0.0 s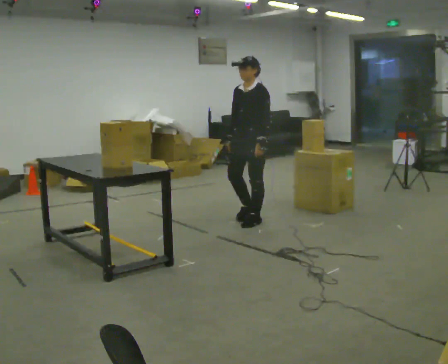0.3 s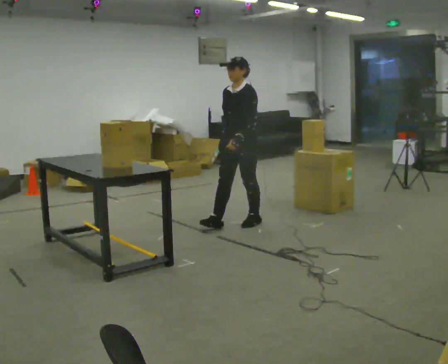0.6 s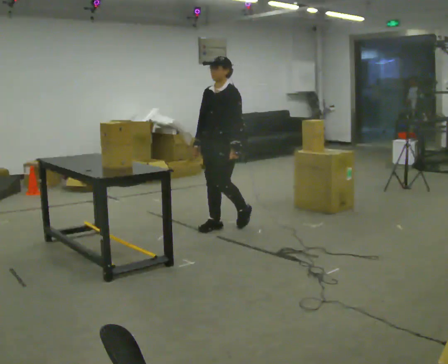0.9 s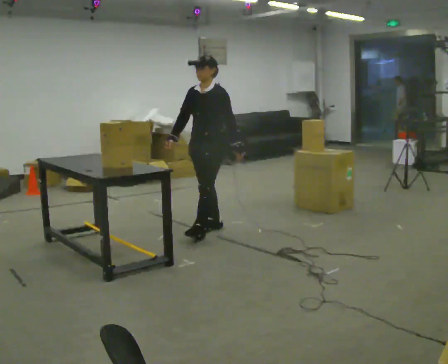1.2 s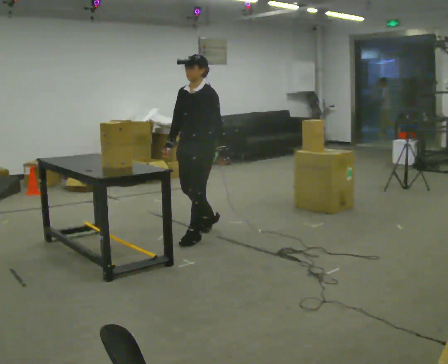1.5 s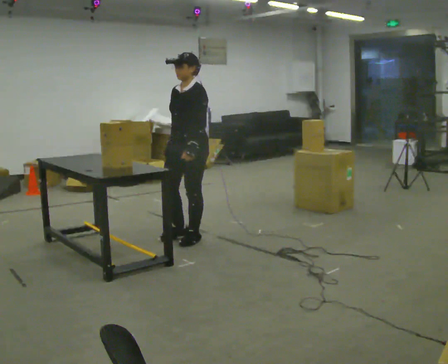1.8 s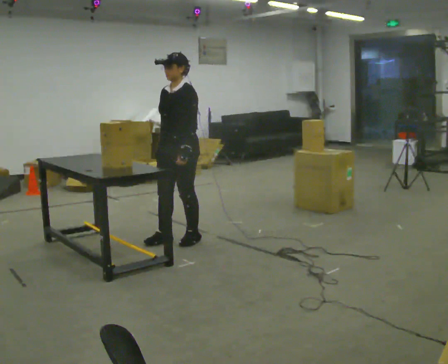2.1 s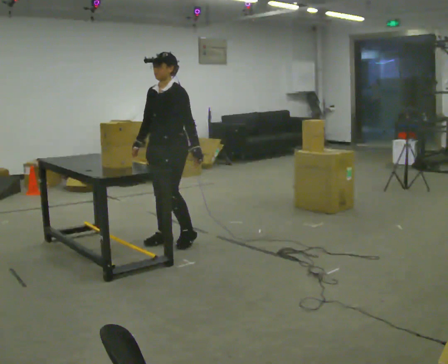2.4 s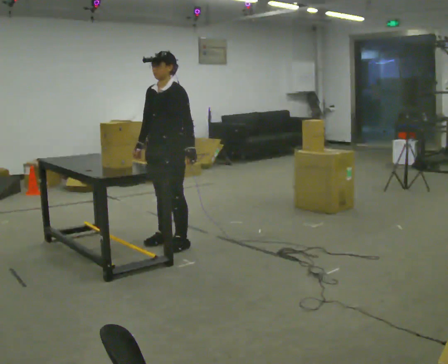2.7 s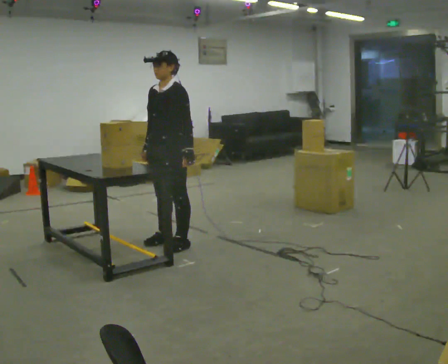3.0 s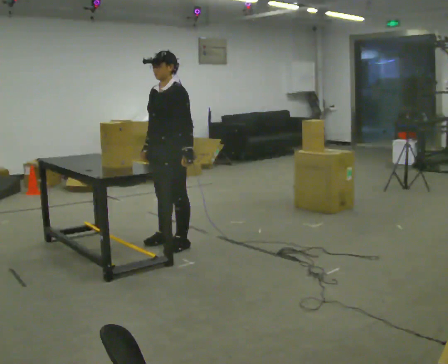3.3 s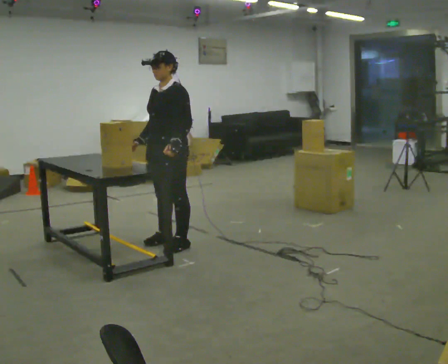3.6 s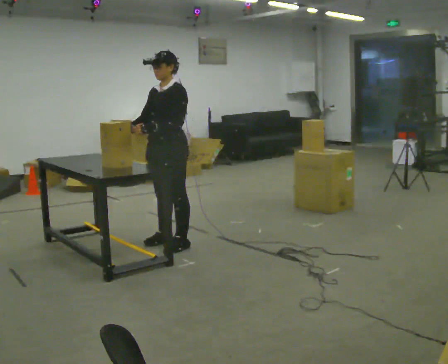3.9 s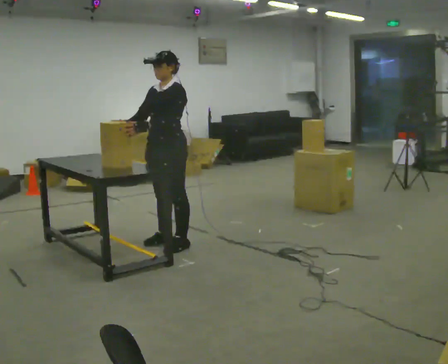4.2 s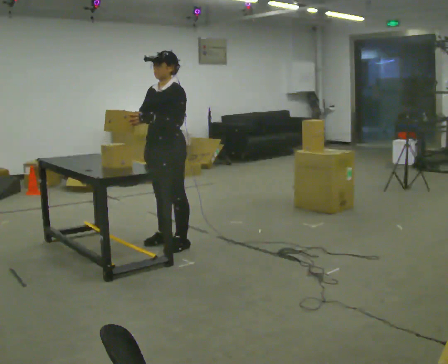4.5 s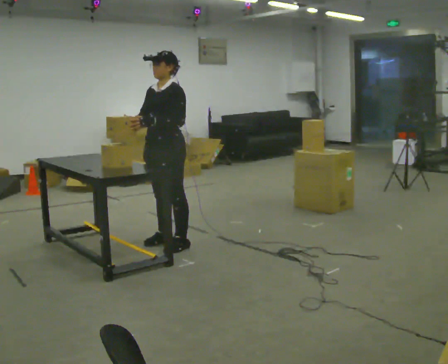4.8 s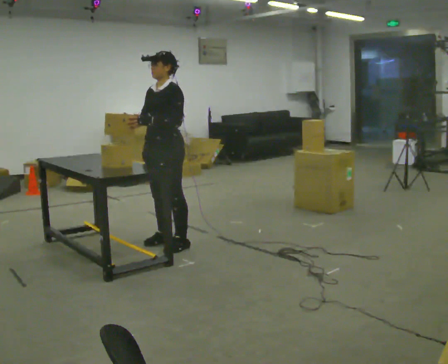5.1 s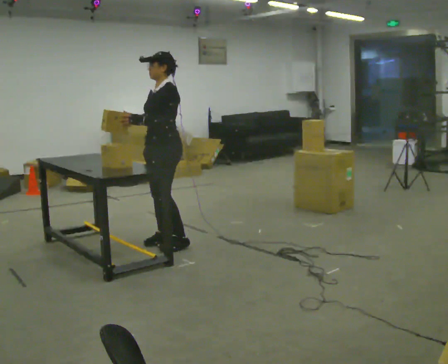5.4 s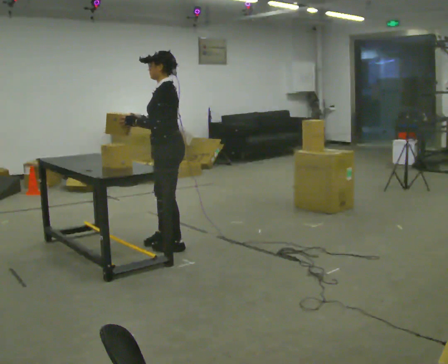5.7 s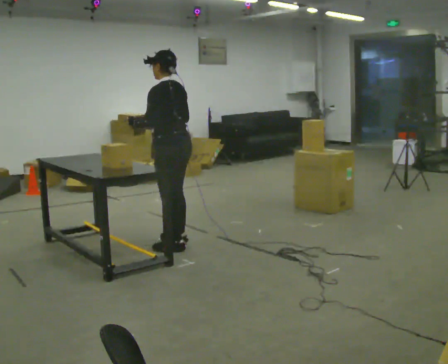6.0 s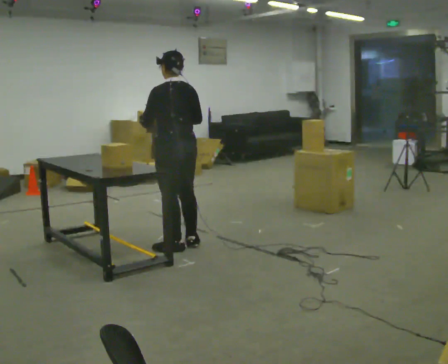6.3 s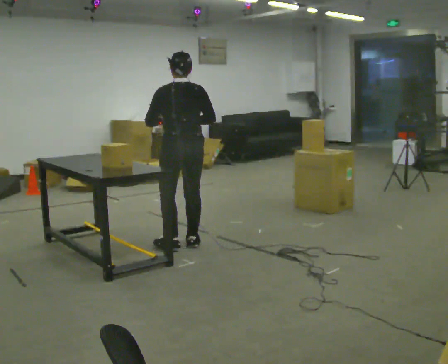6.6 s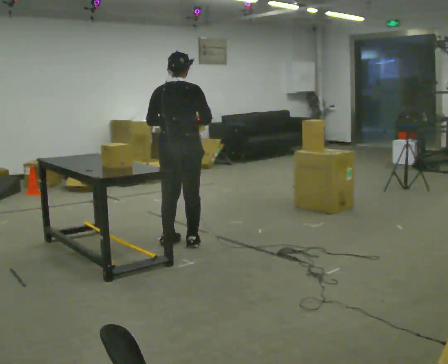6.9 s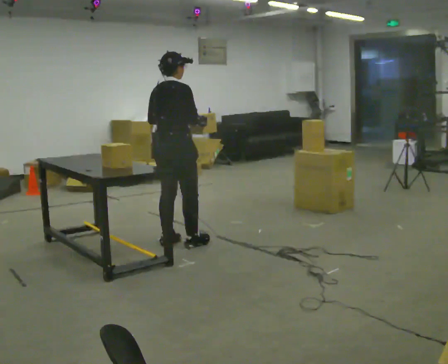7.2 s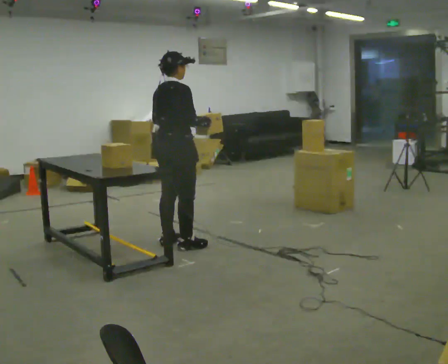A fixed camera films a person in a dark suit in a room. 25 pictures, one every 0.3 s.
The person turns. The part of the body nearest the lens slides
to the left.
The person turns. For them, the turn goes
to their right.
0.0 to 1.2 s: In the picture they go to the left and toward the camera, about 0.75 m in 2 steps, which for them is forward.
1.2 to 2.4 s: In the picture they go to the left and toward the camera, about 0.25 m in 2 steps, which for them is forward.
2.4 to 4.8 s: In the picture their left hand goes to the left.
4.8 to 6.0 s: The part of the body nearest the lens slides to the left as the person turns to their right by about 90 degrees. In the picture their right hand goes to the right.
6.0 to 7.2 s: The person turns about 90 degrees to their right, clockwise seen from above, so the part of the body nearest the lens slides to the left. In the picture their left hand goes to the right.
The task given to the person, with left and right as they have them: Move objects one at a time from the waist-height shelf at one end of the room to the waist-height shelf at the other end. Keep going until the operator says stop; one object at a time, and do not rush between trips.
The film runs forward here.
